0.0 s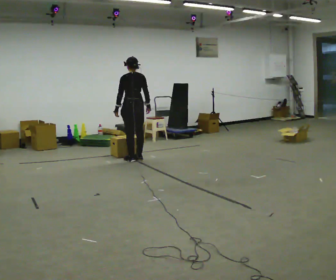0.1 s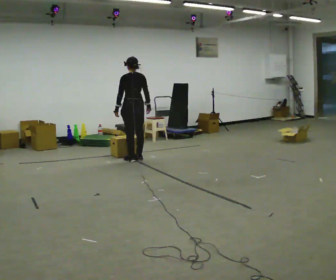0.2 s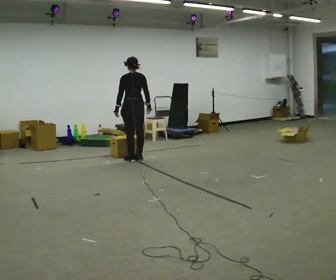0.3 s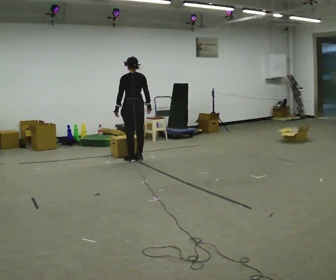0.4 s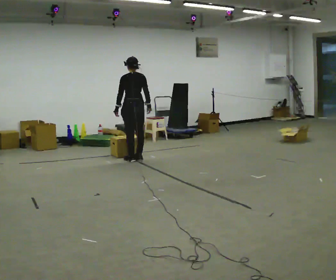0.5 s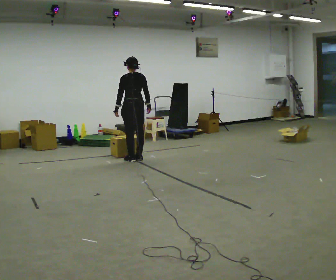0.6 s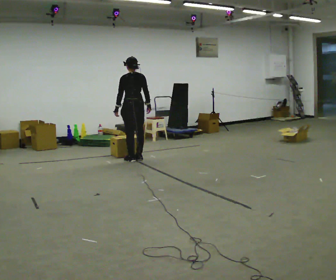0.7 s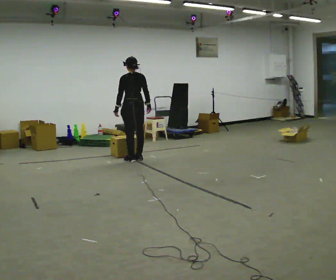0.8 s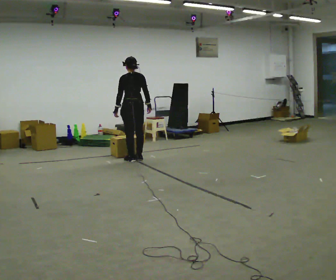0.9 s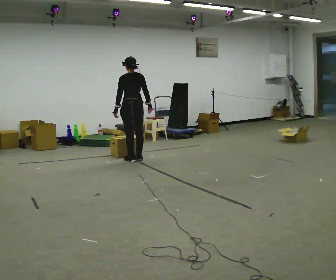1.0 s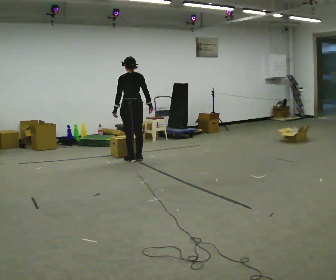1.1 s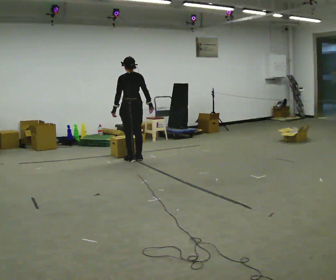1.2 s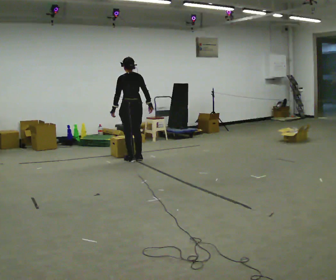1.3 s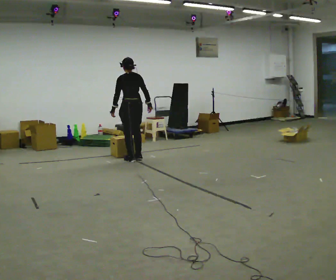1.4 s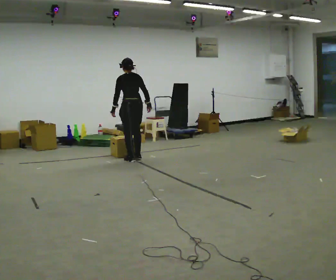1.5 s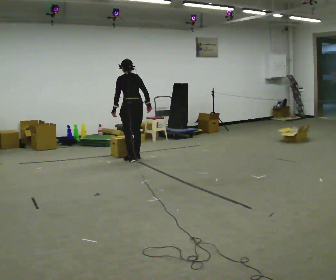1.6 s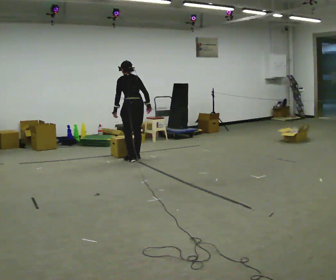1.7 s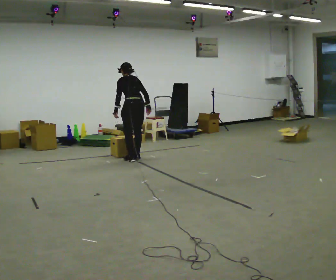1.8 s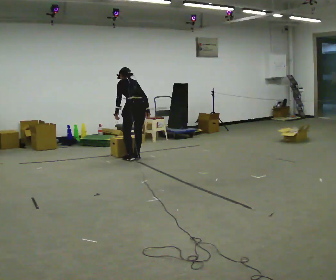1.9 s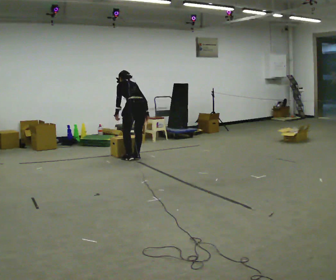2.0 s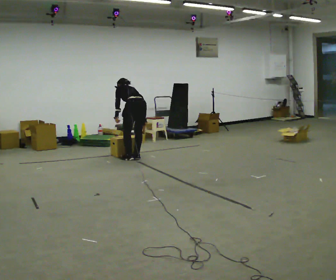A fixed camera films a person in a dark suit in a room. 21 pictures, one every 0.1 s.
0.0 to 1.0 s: The person moves a little, or ends about where they began.
1.0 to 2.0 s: The shoulders move downward. The upper body tips away from the camera, its near side rolling upward, as they bend forward.
The film runs backward here.
